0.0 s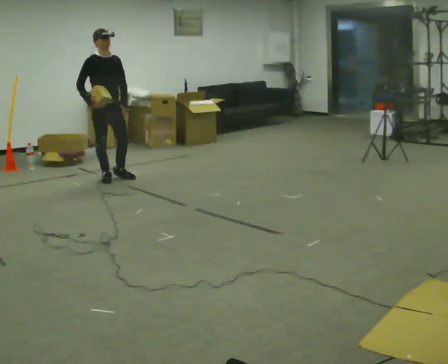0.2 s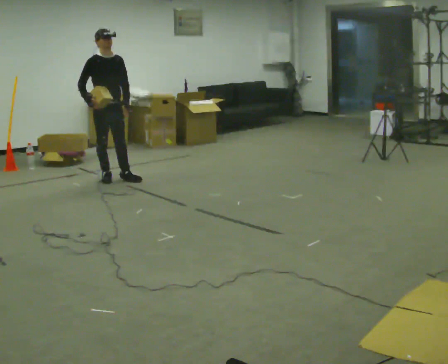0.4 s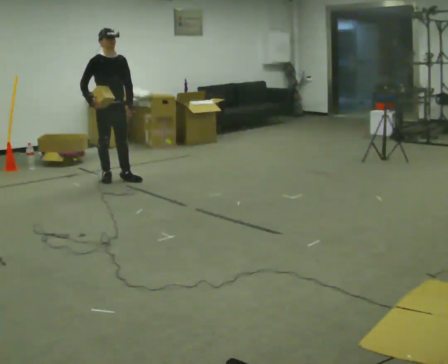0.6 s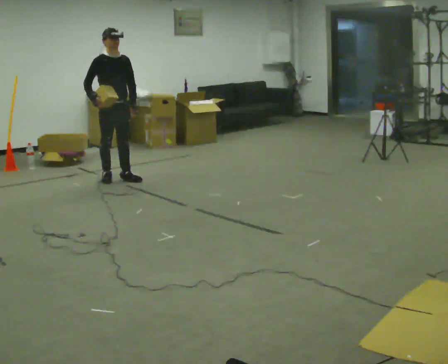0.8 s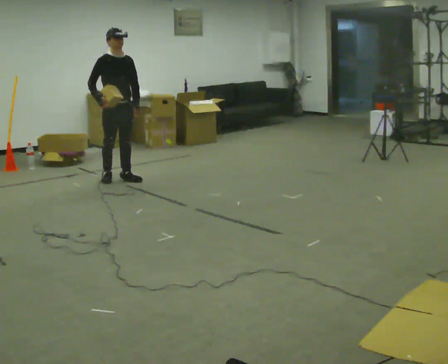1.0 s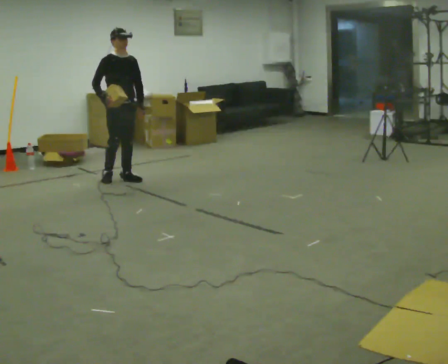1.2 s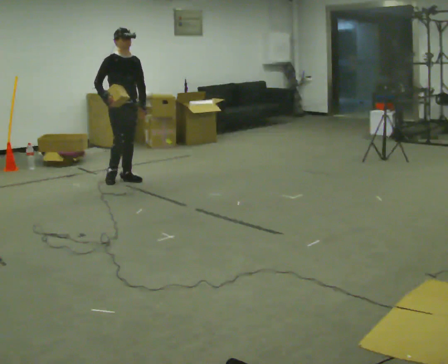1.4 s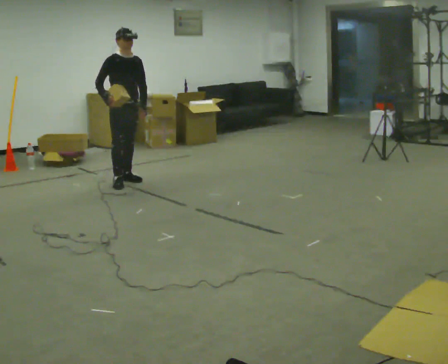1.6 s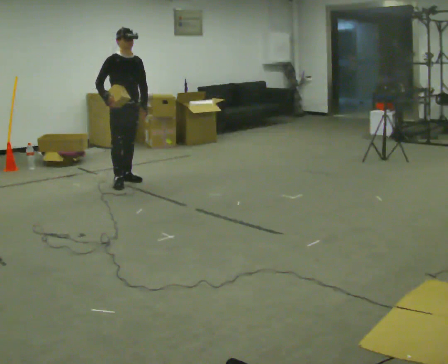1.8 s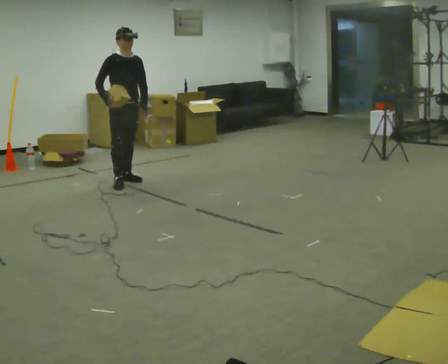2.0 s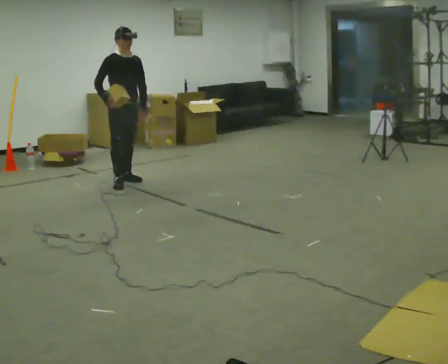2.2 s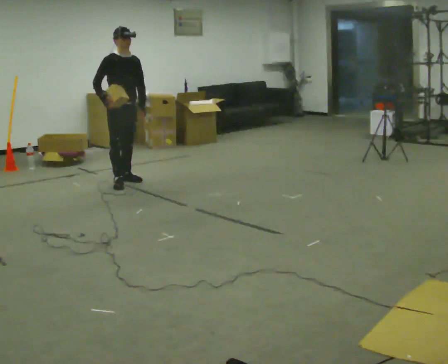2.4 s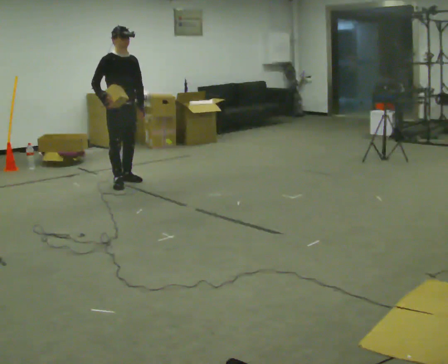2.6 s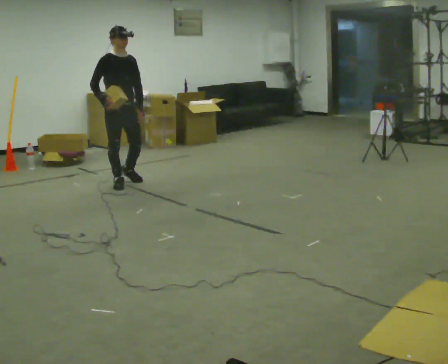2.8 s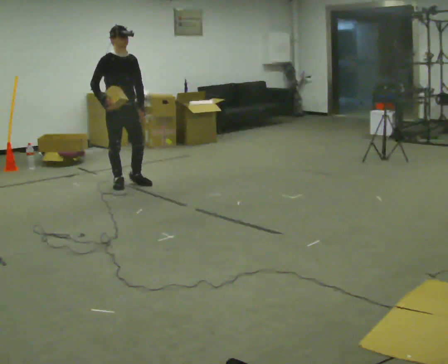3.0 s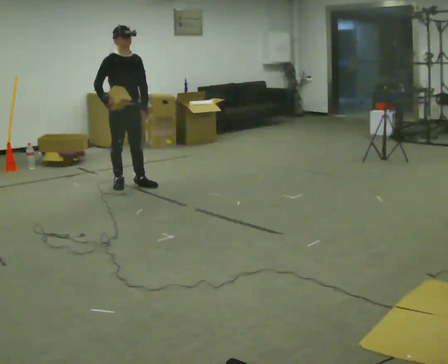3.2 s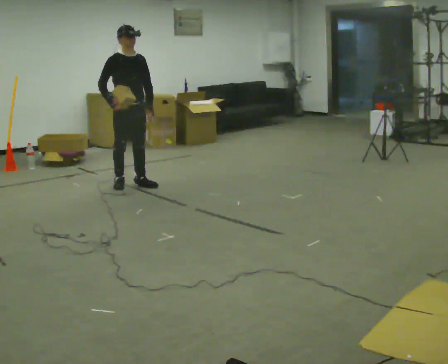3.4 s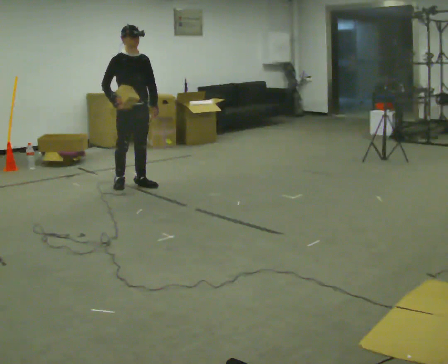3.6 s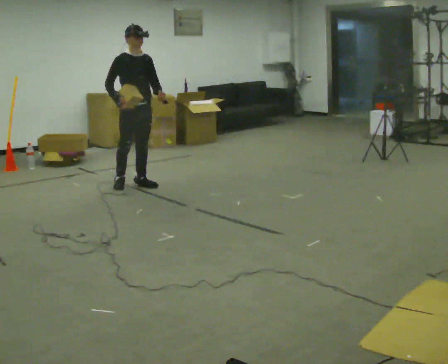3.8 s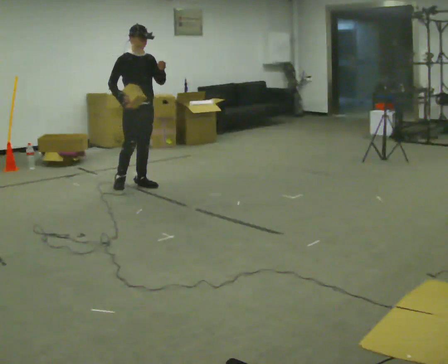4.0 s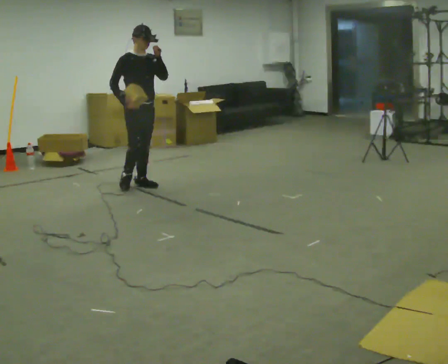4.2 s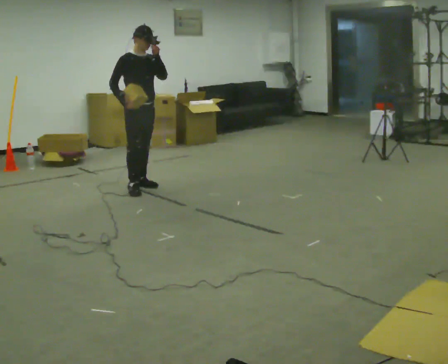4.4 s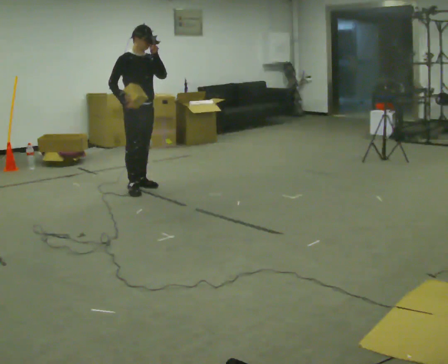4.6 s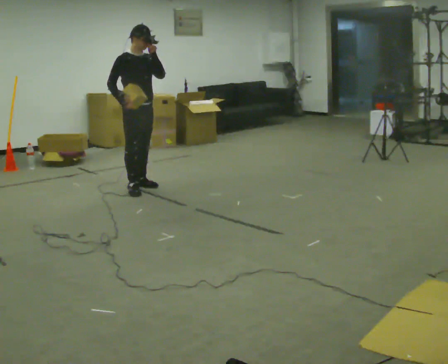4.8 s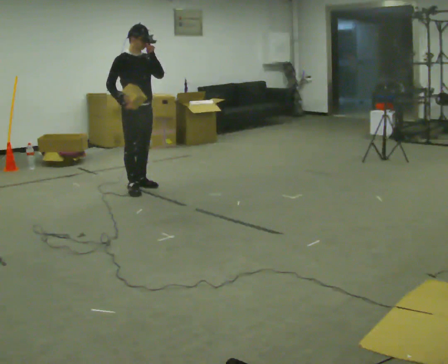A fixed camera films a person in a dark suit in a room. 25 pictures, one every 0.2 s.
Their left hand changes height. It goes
upward.
0.0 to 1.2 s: In the picture they go to the right, about 0.25 m in 1 step, which for them is forward and to their left.
1.2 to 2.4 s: In the picture they go toward the camera, about 0.25 m in 1 step, which for them is forward and to their right.
2.4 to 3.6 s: In the picture they go to the right, about 0.25 m in 1 step, which for them is forward.
3.6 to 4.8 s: In the picture they go toward the camera, about 0.25 m in 1 step, which for them is forward.
The film runs forward here.
